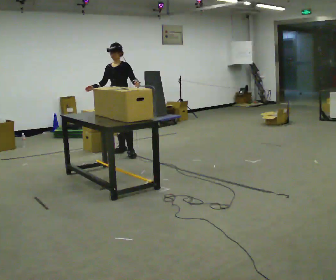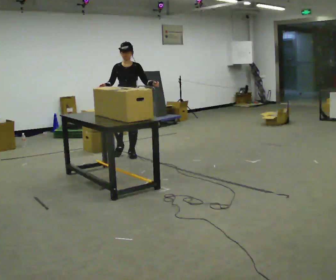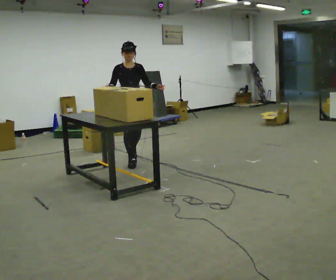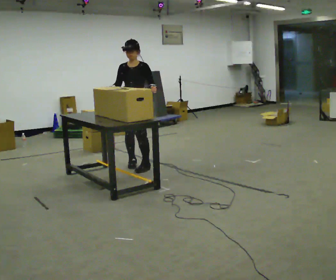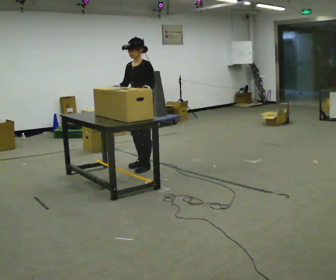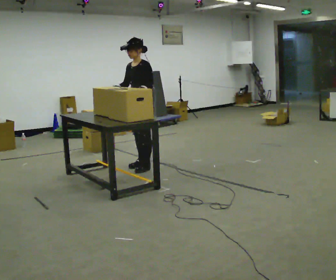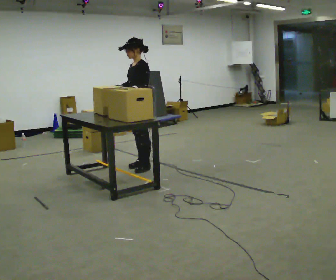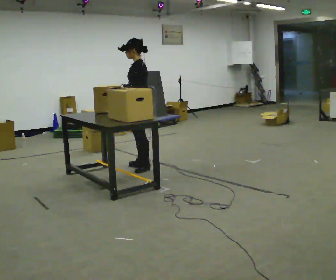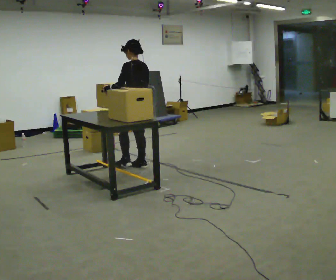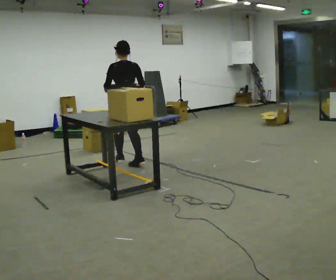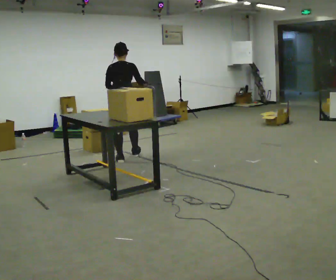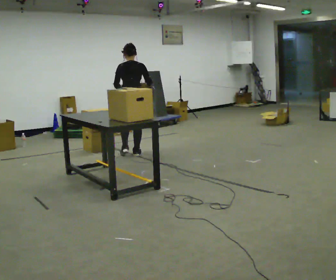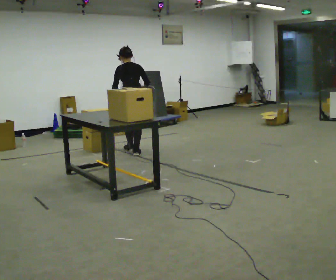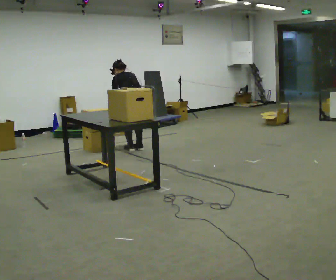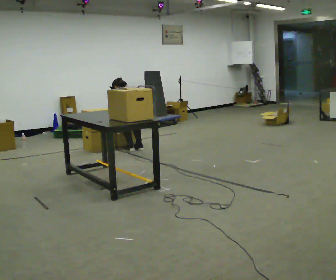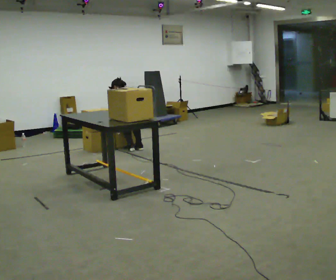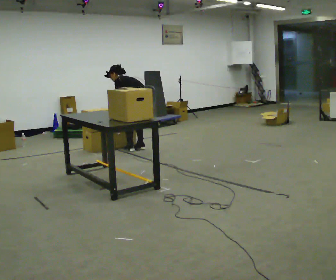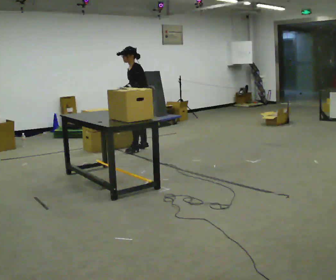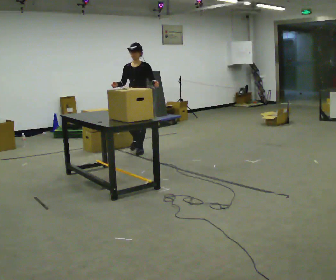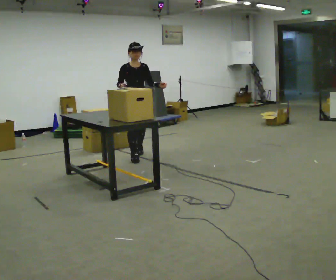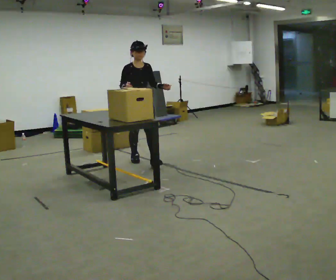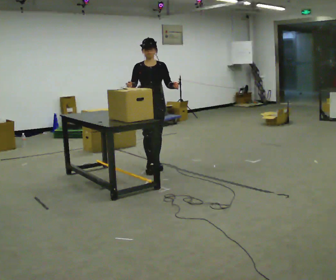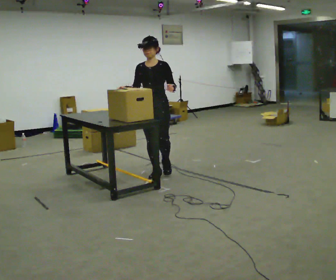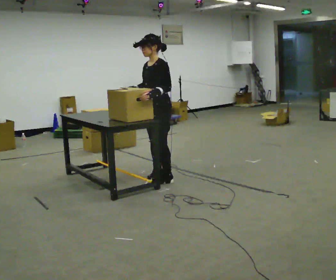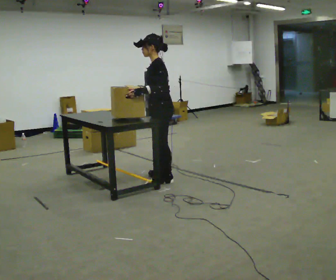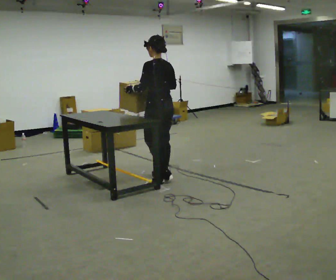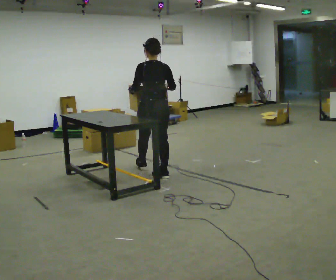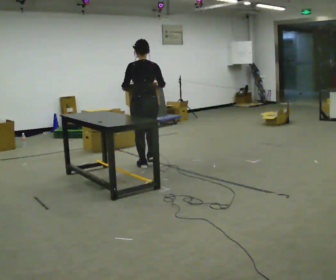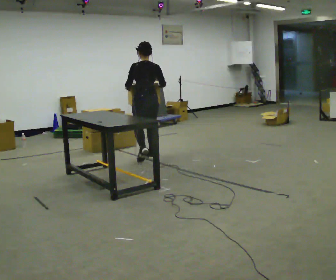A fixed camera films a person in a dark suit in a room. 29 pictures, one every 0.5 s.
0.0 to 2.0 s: In the picture they go toward the camera, about 1 m in 3 steps.
2.0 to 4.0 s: Seen from above the body turns clockwise, about 90 degrees: to their right, with its near side sliding to the left. In the picture their left hand goes to the left.
4.0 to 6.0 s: The person turns about 30 degrees to their right, clockwise seen from above, so the part of the body nearest the lens slides to the left. In the picture they go away from the camera, about 1 m in 3 steps, which for them is forward.
6.0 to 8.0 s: Seen from above the body turns counterclockwise, about 45 degrees: to their left, with its near side sliding to the right. In the picture they go away from the camera, about 0.25 m in 1 step, which for them is to their right. In the picture the upper body tilts counterclockwise, shoulders to the left.
8.0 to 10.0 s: The person turns about 135 degrees to their left, counterclockwise seen from above, so the part of the body nearest the lens slides to the right. In the picture they go toward the camera, about 0.5 m in 1 step. The shoulders move upward. In the picture the upper body tilts clockwise, shoulders to the right, as they lean back or straighten. In the picture their right hand goes upward.
10.0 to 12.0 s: Seen from above the body turns clockwise, about 120 degrees: to their right, with its near side sliding to the left. In the picture they go toward the camera, about 1 m in 3 steps.
12.0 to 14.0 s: Seen from above the body turns clockwise, about 60 degrees: to their right, with its near side sliding to the left. In the picture they go away from the camera, about 1 m in 2 steps.
The film runs forward here.
